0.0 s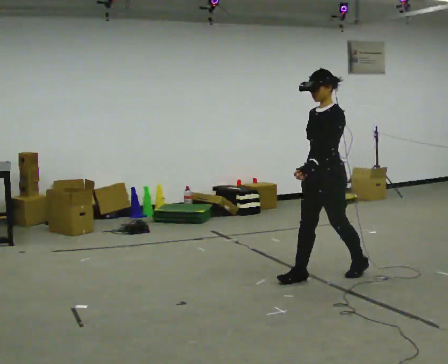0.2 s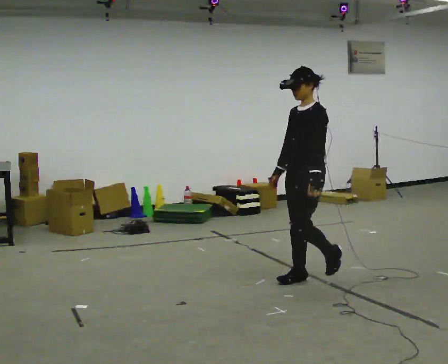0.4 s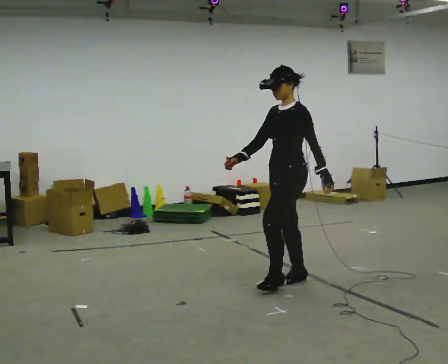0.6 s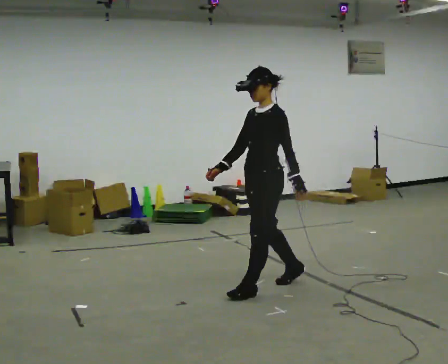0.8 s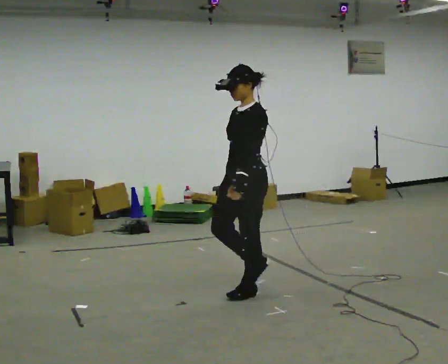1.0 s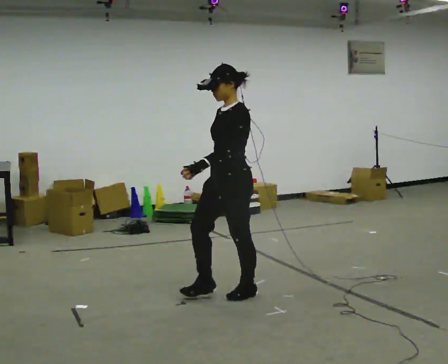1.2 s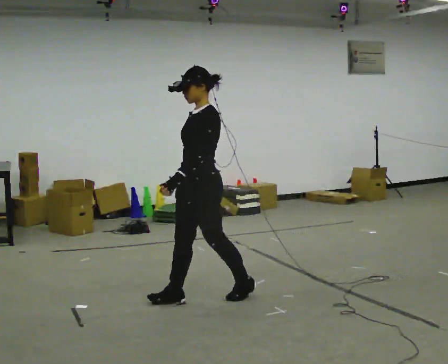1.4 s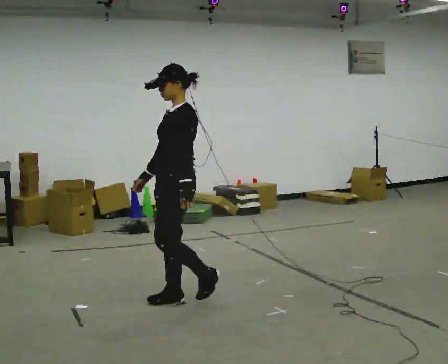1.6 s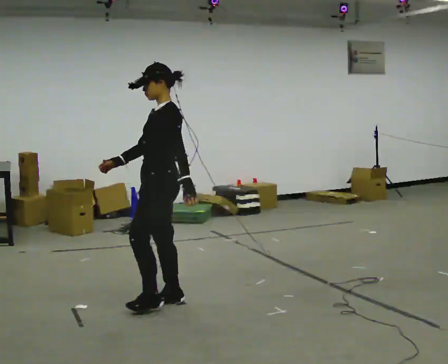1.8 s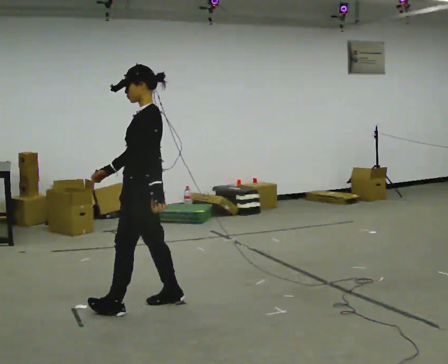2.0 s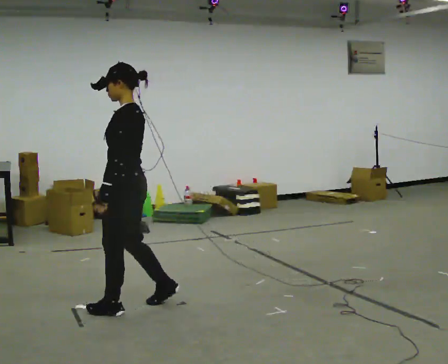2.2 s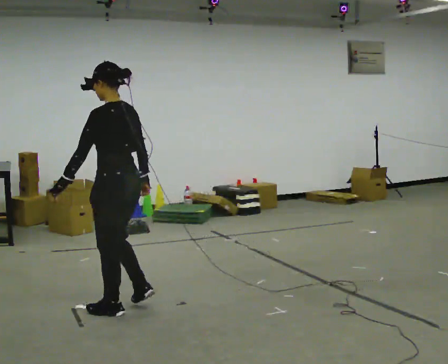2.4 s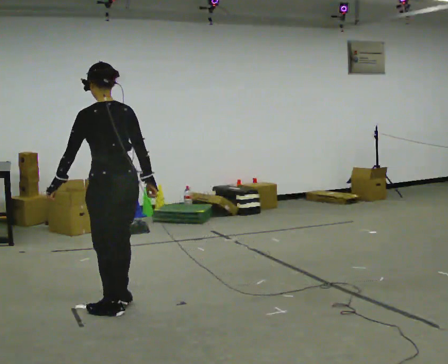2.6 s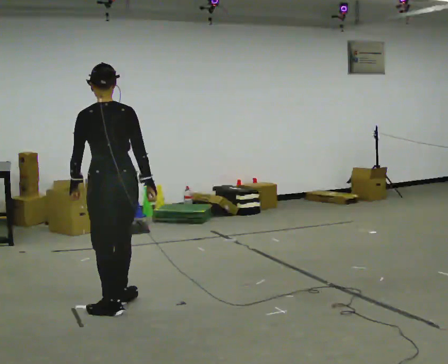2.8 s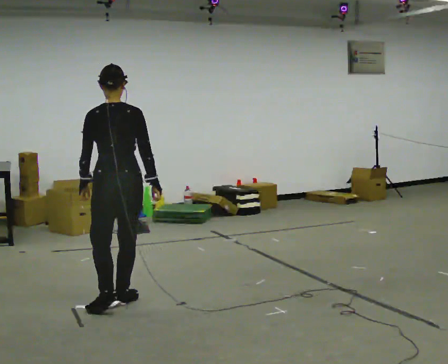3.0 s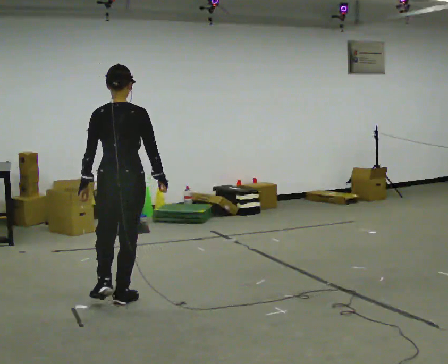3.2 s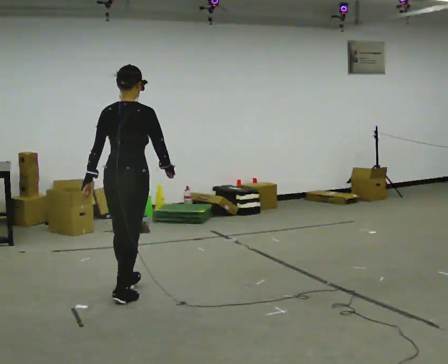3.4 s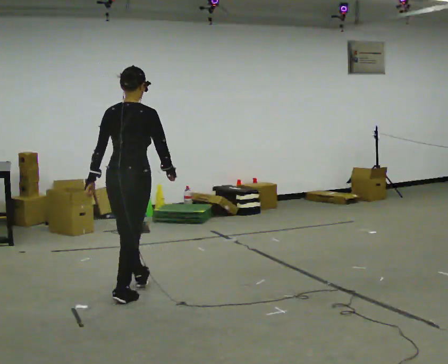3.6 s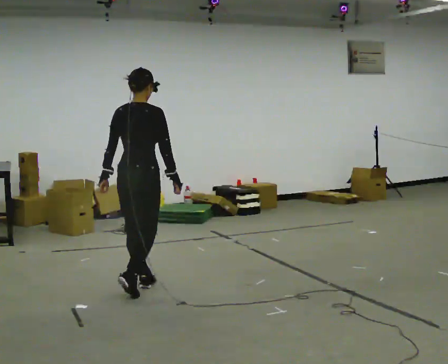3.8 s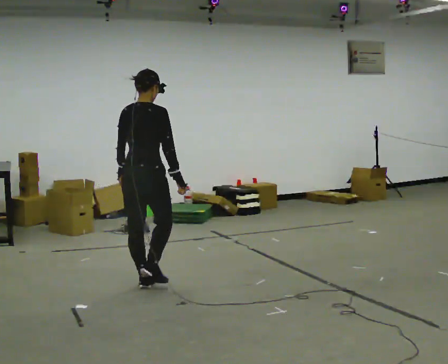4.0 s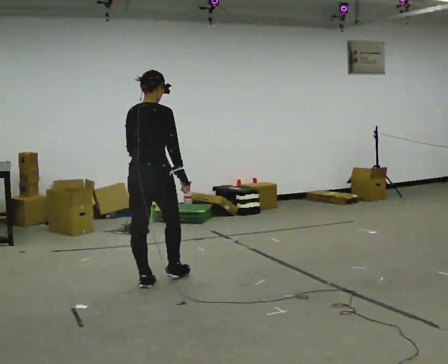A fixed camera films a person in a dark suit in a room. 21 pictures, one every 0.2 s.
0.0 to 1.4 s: In the picture they go to the left, about 1 m in 2 steps, which for them is forward.
1.4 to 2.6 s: The person turns about 90 degrees to their right, clockwise seen from above, so the part of the body nearest the lens slides to the left. In the picture they go to the left, about 0.5 m in 2 steps.
2.6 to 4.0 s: Seen from above the body turns clockwise, about 45 degrees: to their right, with its near side sliding to the left. In the picture they go away from the camera, about 0.75 m in 1 step, which for them is forward.
The film runs forward here.
